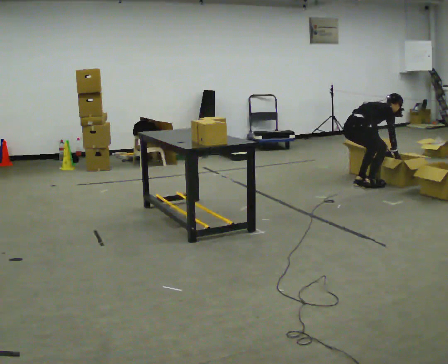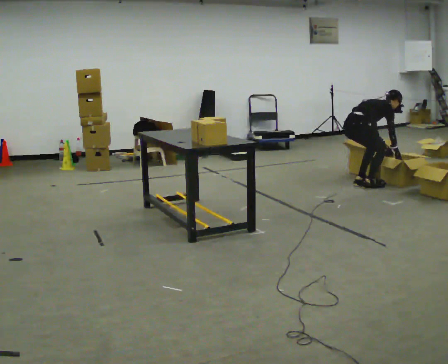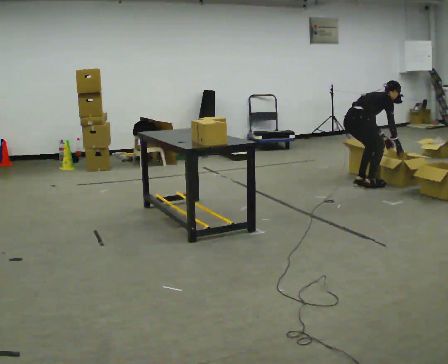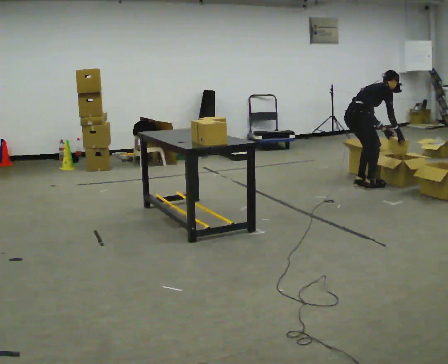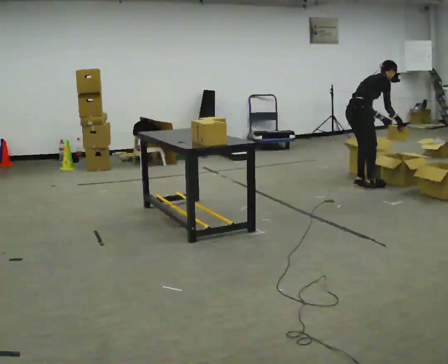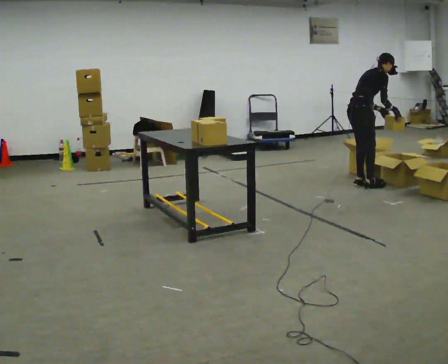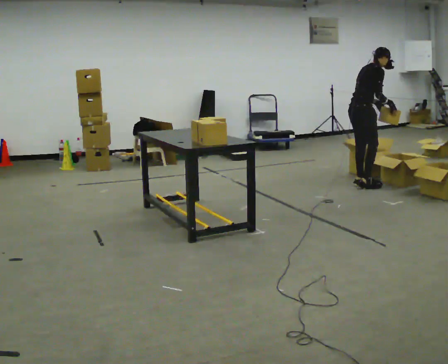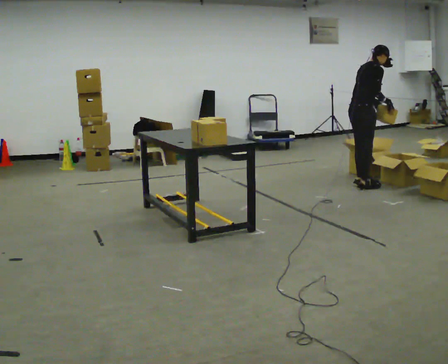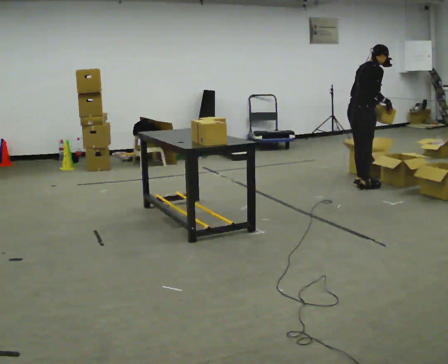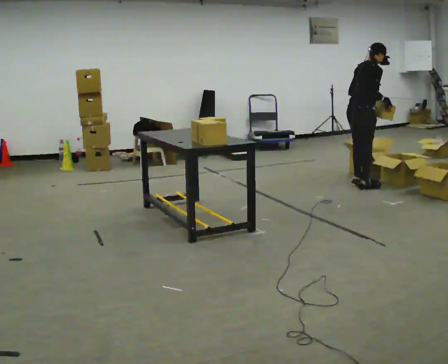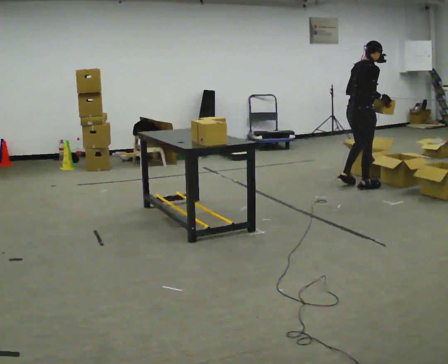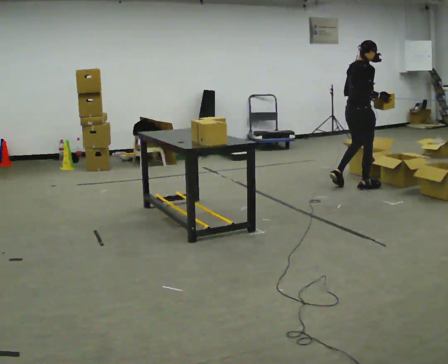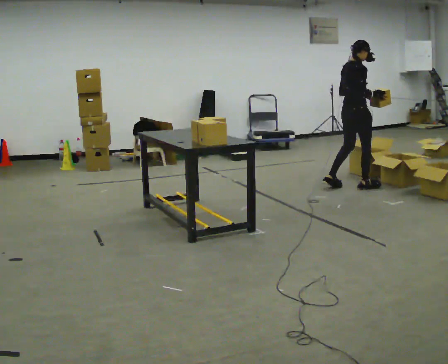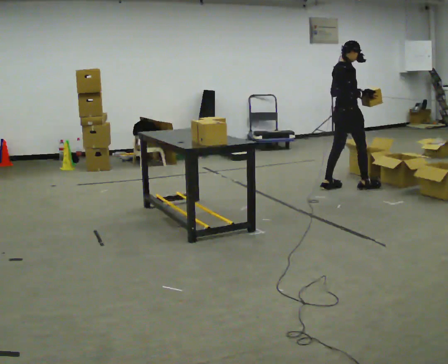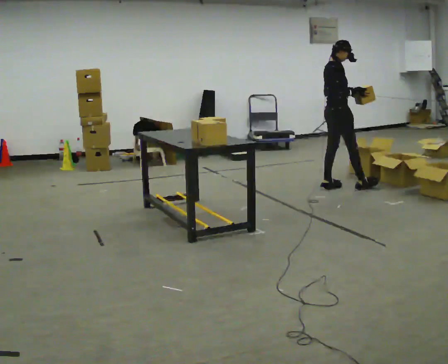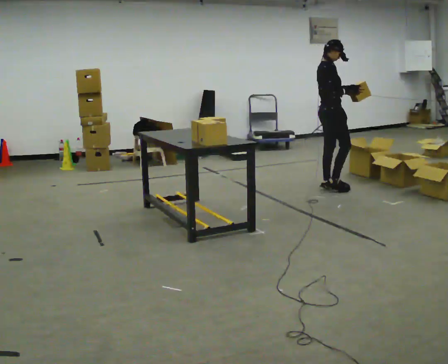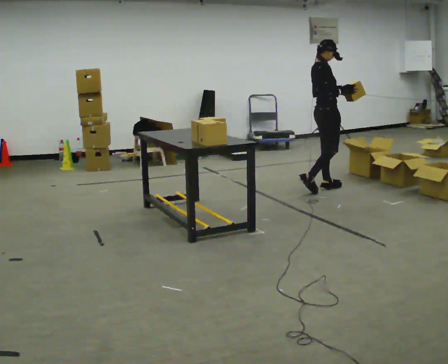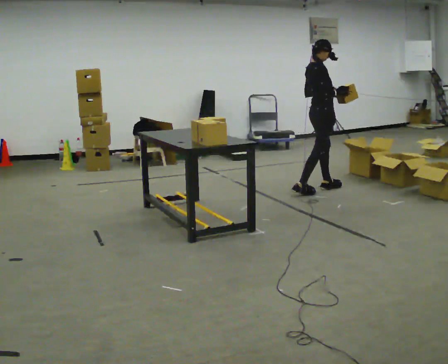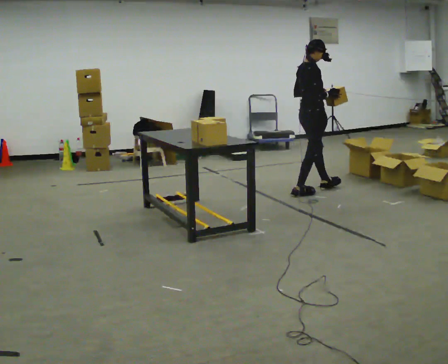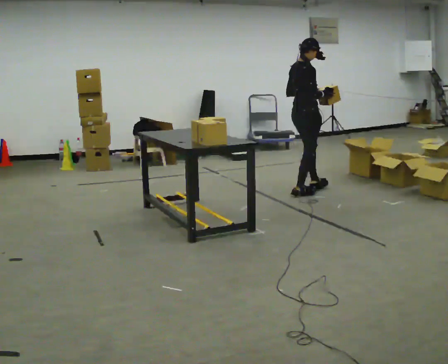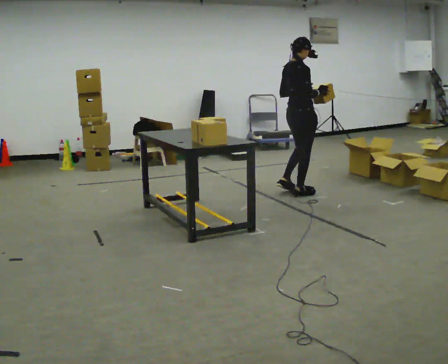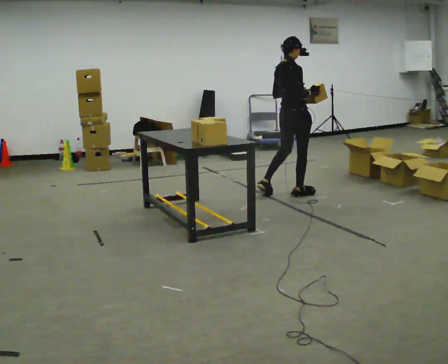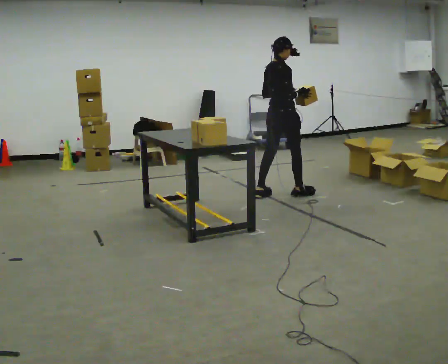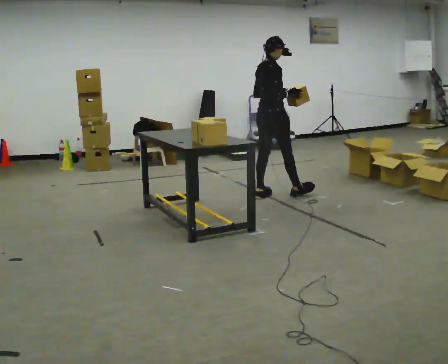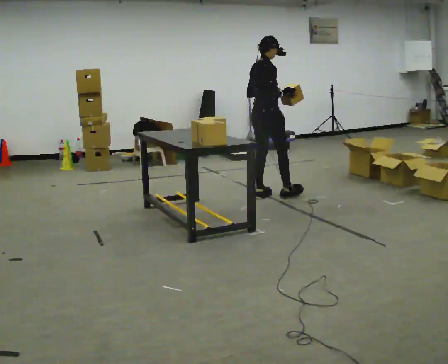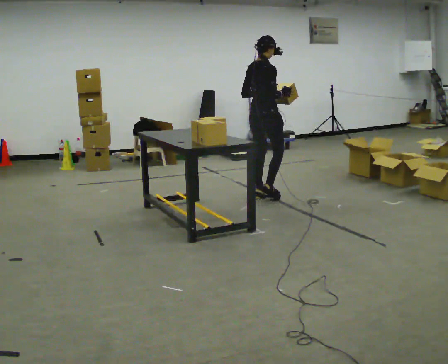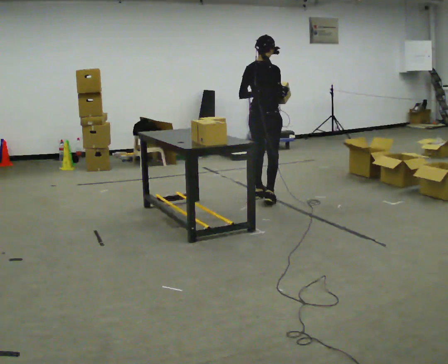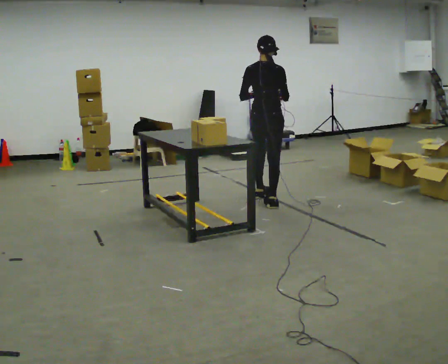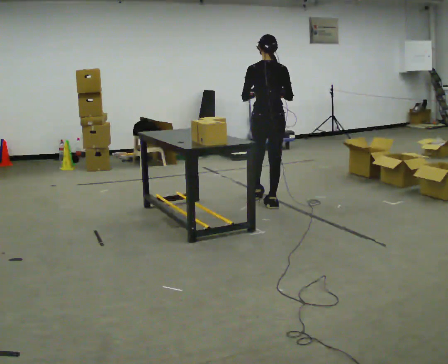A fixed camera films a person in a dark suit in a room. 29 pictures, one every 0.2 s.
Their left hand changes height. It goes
upward.
The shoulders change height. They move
upward.
0.0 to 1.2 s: The upper body goes upward. In the picture the upper body tilts counterclockwise, shoulders to the left, as they lean back or straighten. In the picture their right hand goes upward.
1.2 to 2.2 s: In the picture the upper body tilts counterclockwise, shoulders to the left, as they lean back or straighten.
2.2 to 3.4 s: In the picture they go to the left, about 0.5 m in 1 step, which for them is backward.
3.4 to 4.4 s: In the picture they go to the left and toward the camera, about 0.5 m in 1 step, which for them is backward.
4.4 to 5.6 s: The person turns about 45 degrees to their left, counterclockwise seen from above, so the part of the body nearest the lens slides to the right. In the picture they go toward the camera, about 0.25 m in 2 steps, which for them is backward and to their right.
The film runs backward here.
